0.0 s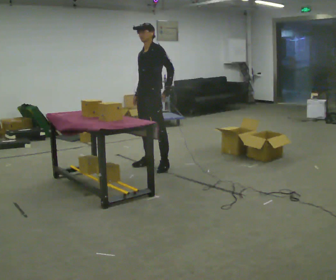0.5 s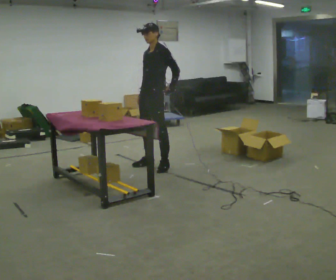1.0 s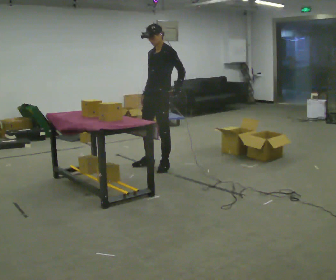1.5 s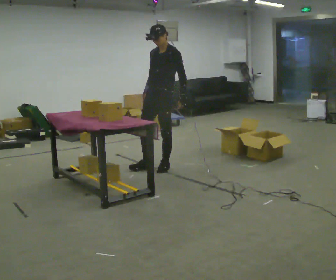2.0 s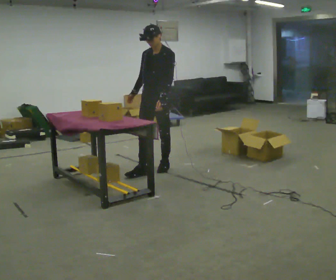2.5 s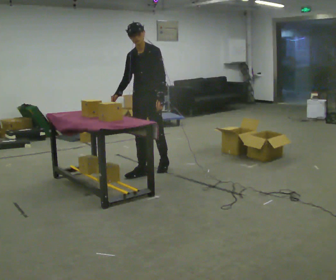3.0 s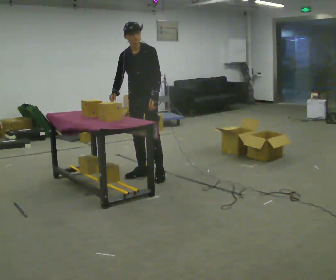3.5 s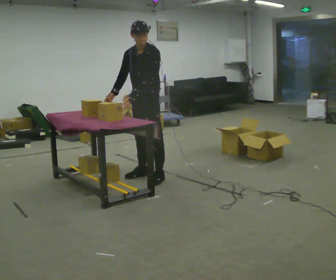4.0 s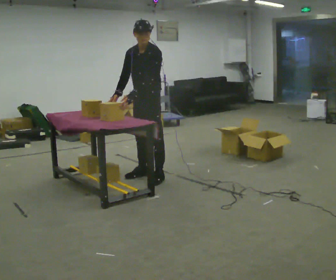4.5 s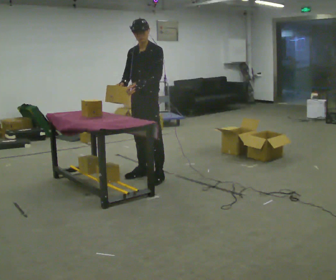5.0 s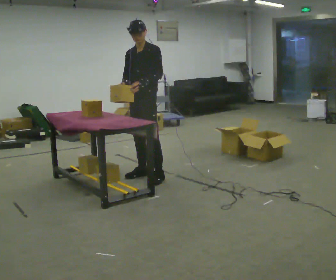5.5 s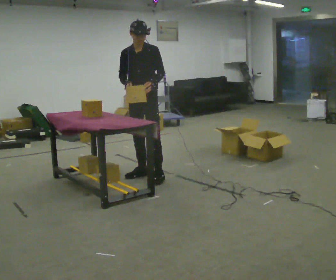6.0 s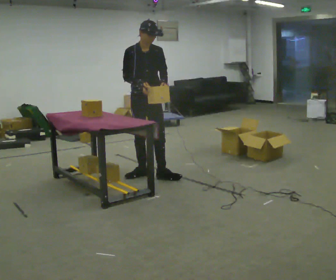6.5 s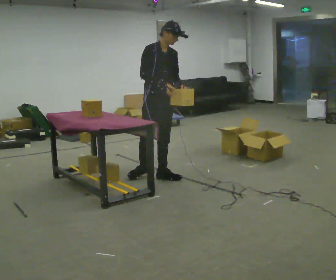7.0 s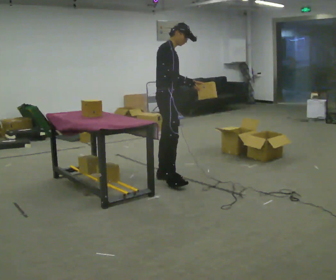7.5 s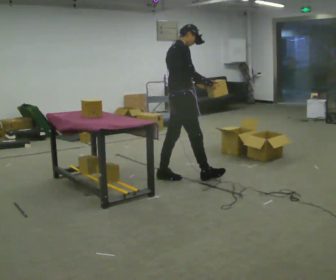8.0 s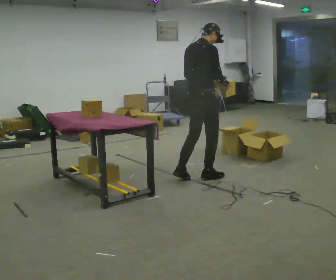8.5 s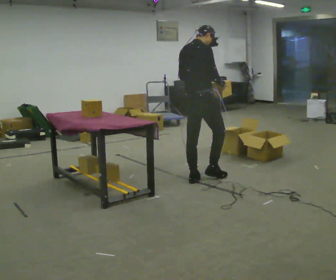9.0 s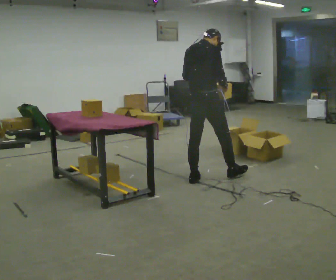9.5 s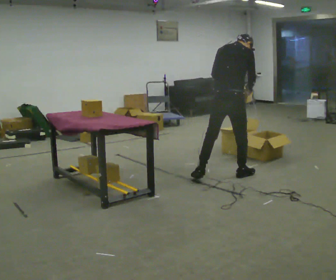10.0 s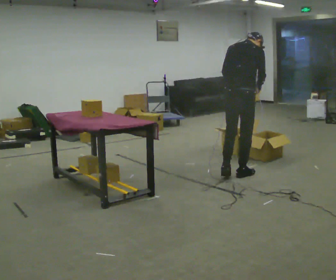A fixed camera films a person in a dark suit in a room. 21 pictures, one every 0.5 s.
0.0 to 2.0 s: The person moves a little, or ends about where they began.
2.0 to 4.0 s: In the picture they go toward the camera, about 0.25 m in 1 step, which for them is forward.
4.0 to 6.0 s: The part of the body nearest the lens slides to the right as the person turns to their left by about 45 degrees. In the picture their left hand goes to the right, the arm swinging counterclockwise.
6.0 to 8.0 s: The part of the body nearest the lens slides to the right as the person turns to their left by about 120 degrees. In the picture they go to the right and toward the camera, about 0.5 m in 1 step.
8.0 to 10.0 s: In the picture they go to the right, about 0.5 m in 2 steps, which for them is forward and to their right.
The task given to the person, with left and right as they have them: 1. Look at the shelf and see which spaces are empty. 2. Find matching items in the bins on the floor. 3. Fill the empty spaces on the shelf. 4. Tell the operator when you are finished.
The film runs forward here.
